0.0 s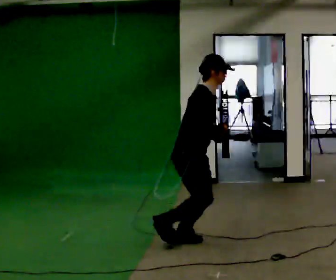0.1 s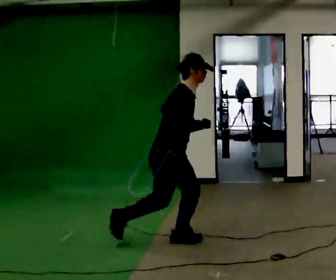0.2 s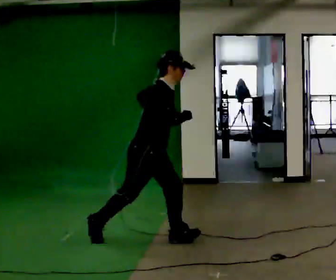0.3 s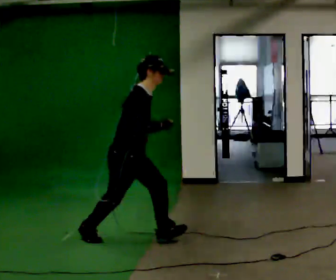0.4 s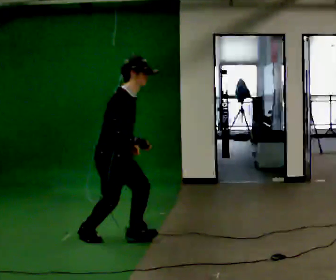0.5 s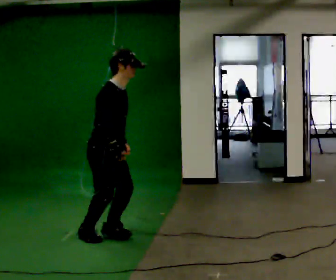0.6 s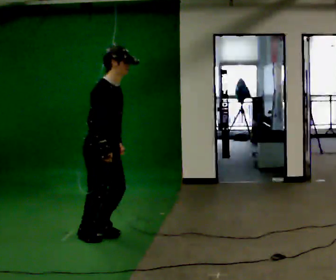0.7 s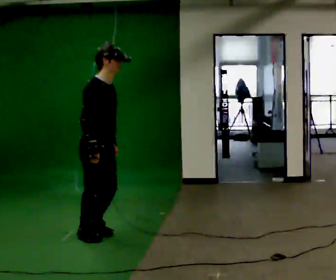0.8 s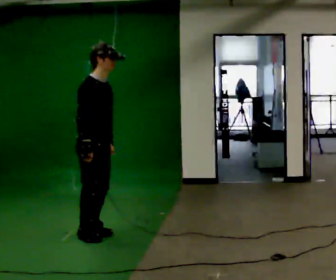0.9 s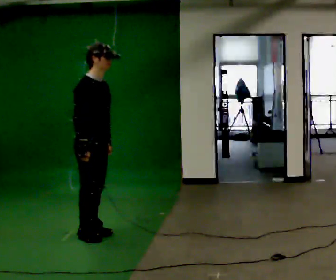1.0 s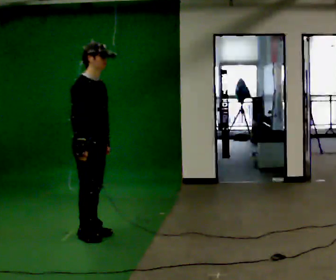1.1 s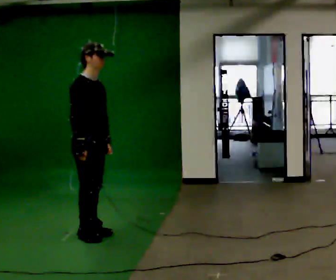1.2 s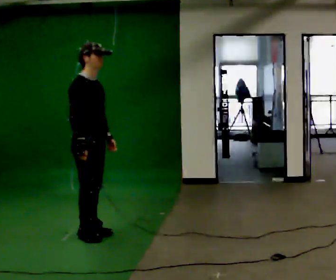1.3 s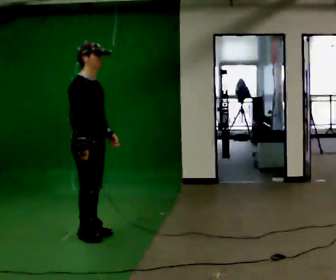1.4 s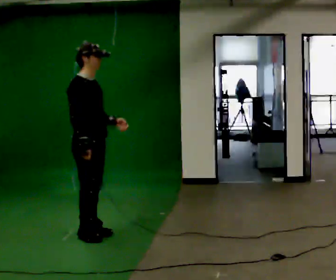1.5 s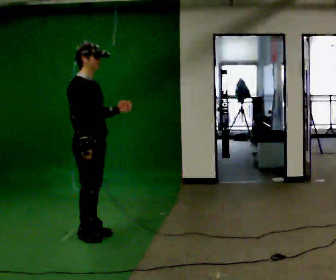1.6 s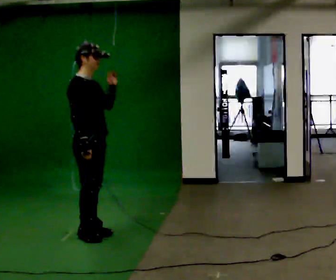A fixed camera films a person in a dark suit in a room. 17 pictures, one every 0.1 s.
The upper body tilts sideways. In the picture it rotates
counterclockwise.
The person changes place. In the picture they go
to the left.
0.0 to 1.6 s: In the picture they go to the left, about 1 m in 1 step, which for them is backward. In the picture the upper body tilts counterclockwise, shoulders to the left, as they lean back or straighten.
The film runs backward here.
